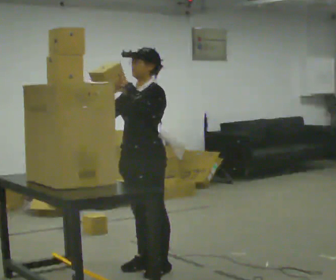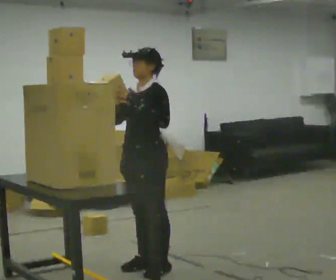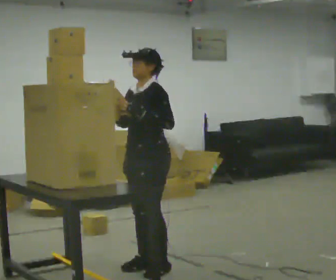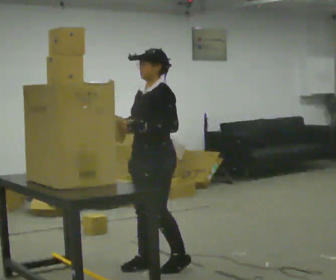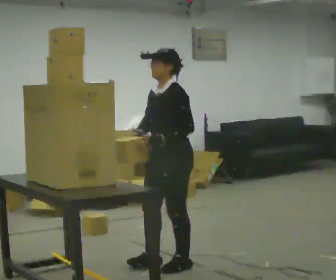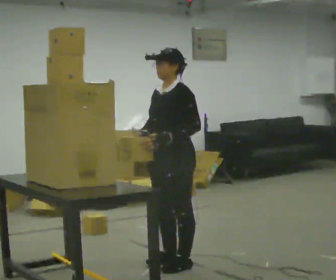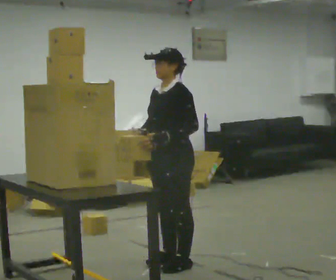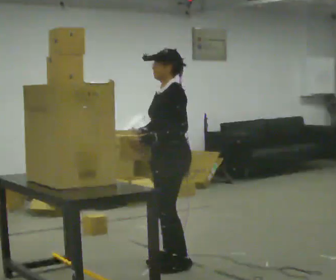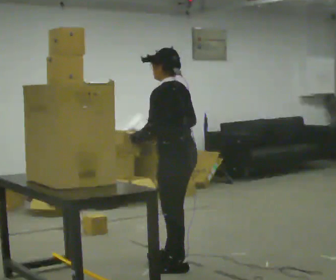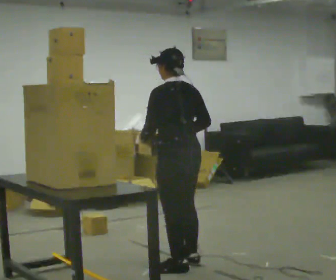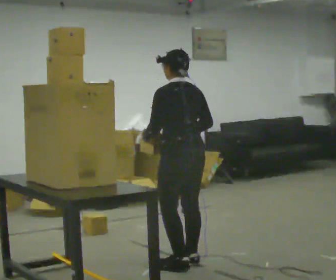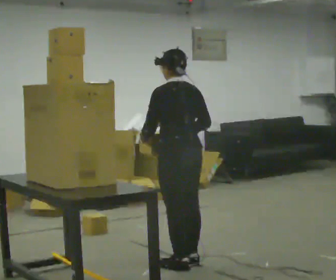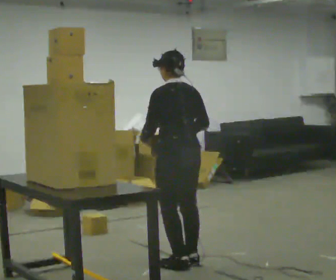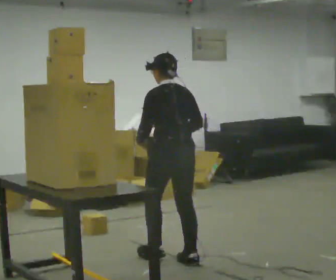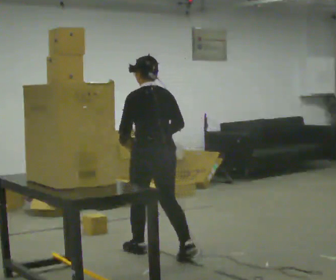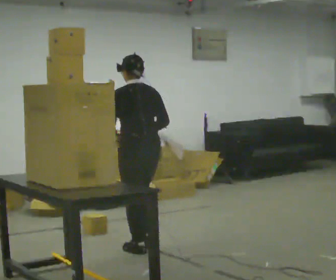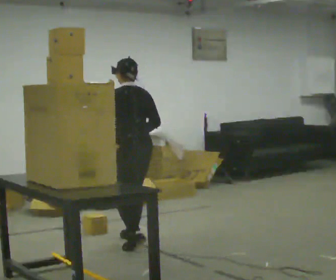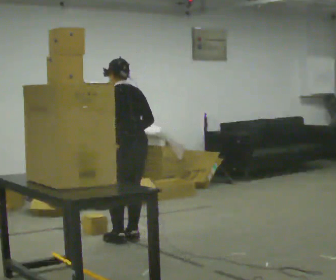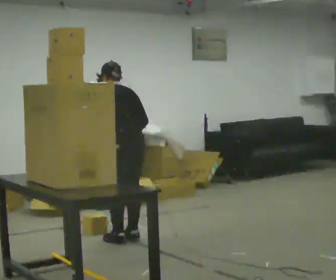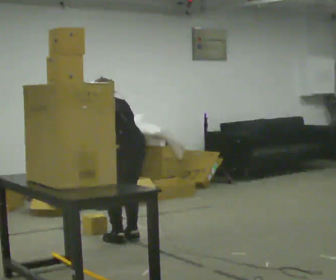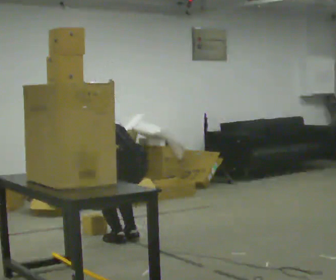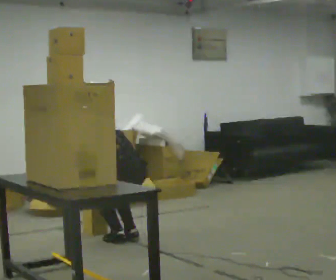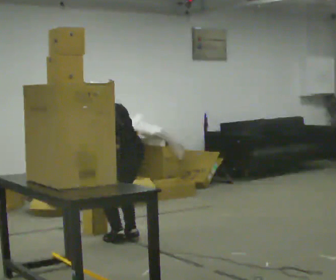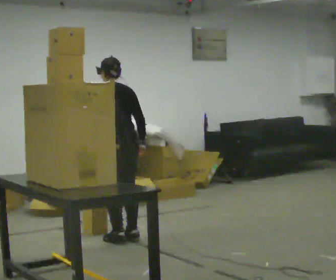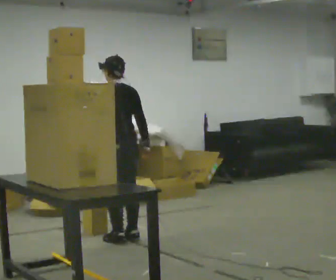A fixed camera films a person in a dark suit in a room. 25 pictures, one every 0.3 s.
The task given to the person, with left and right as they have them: Take an object down from the highest shelf you can comfortably reach, carry it across the room, and set it on the floor. Keep going until the operator says stop; one object at a time, and do not rush between trips.
0.0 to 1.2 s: In the picture they go to the right, about 0.25 m in 1 step, which for them is backward.
1.2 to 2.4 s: The person turns about 60 degrees to their right, clockwise seen from above, so the part of the body nearest the lens slides to the left.
2.4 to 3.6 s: Seen from above the body turns clockwise, about 30 degrees: to their right, with its near side sliding to the left.
3.6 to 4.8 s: In the picture they go away from the camera and to the left, about 0.75 m in 2 steps, which for them is forward.
4.8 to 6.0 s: The shoulders move downward. The upper body tips away from the camera, its near side rolling upward, as they bend forward. In the picture their right hand goes downward.
6.0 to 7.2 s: The upper body goes upward. The upper body tips toward the camera, its near side rolling downward, as they lean back or straighten. In the picture their right hand goes upward and to the right.
The film runs forward here.
